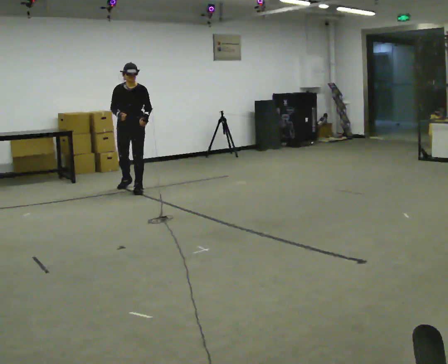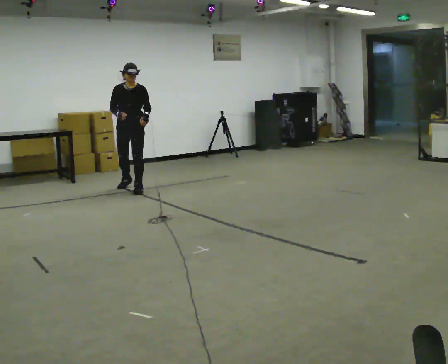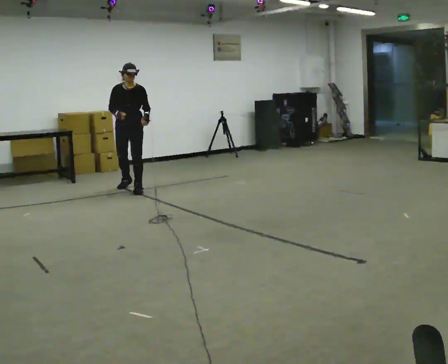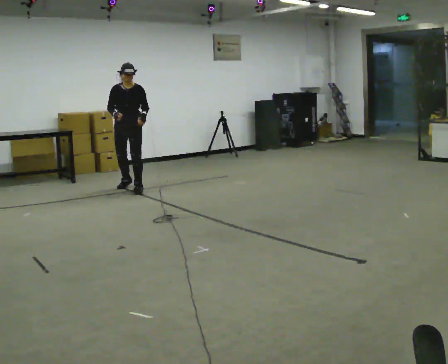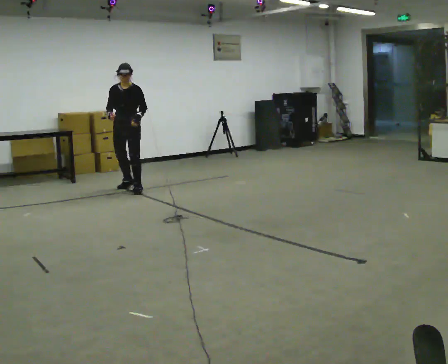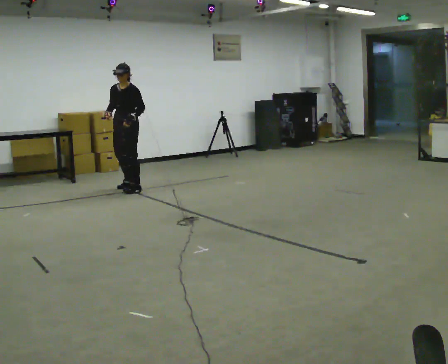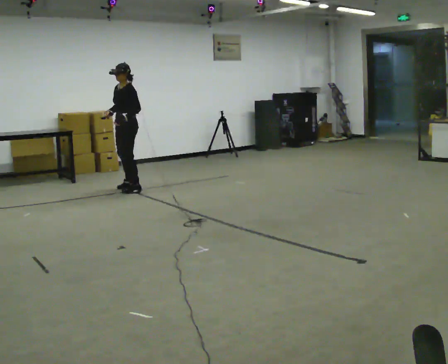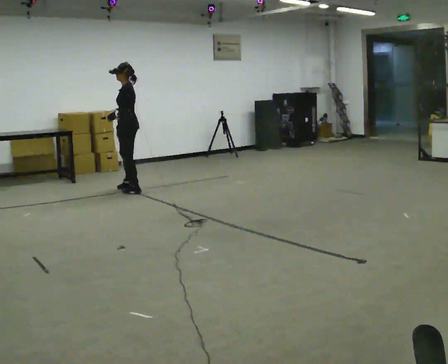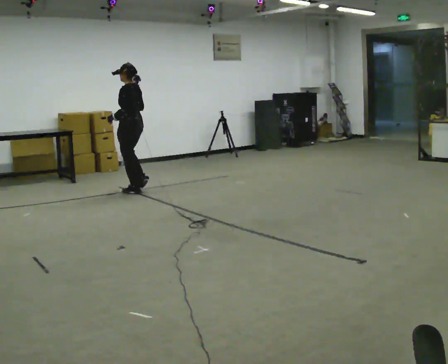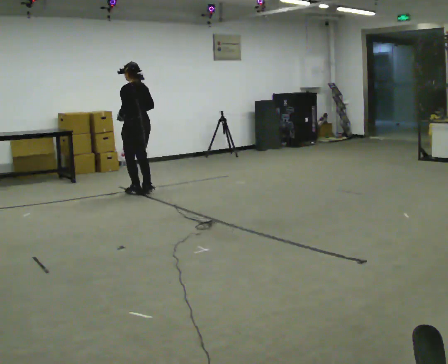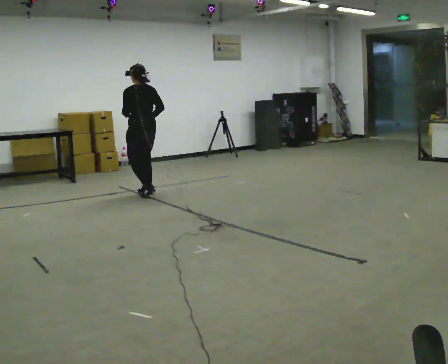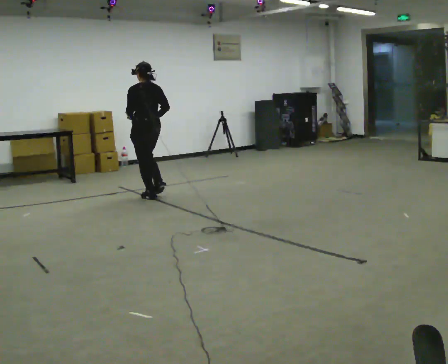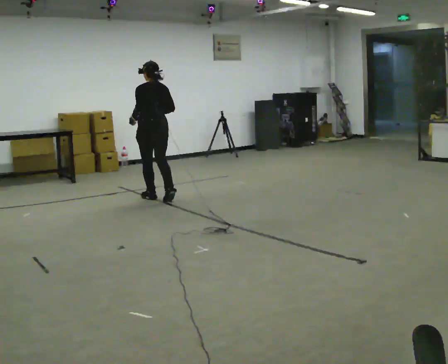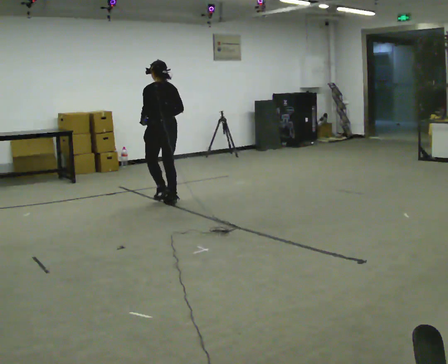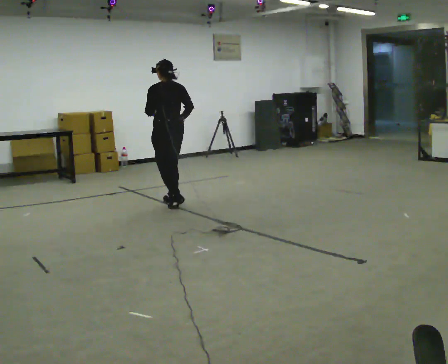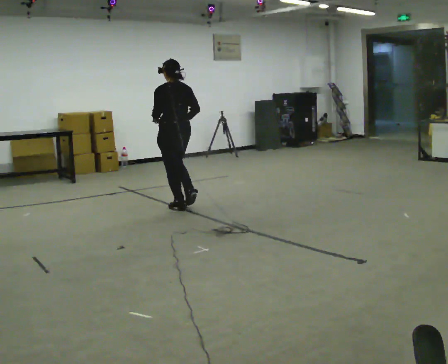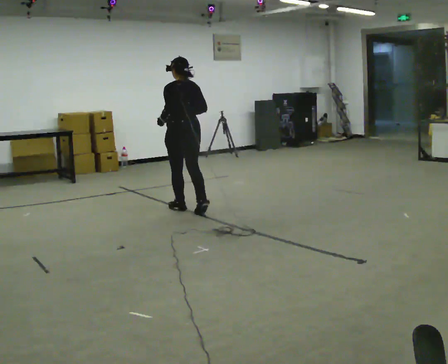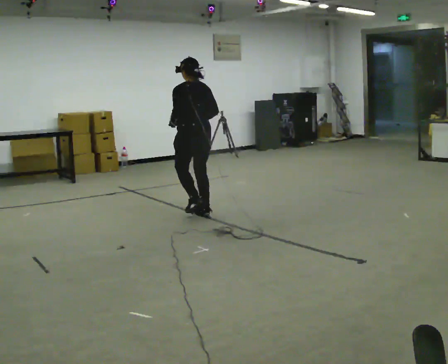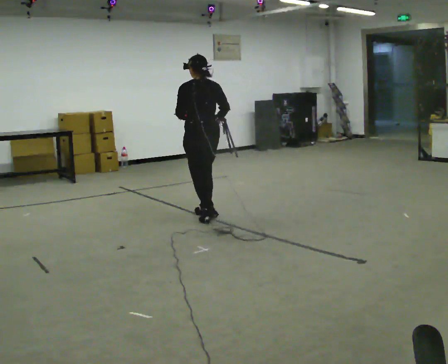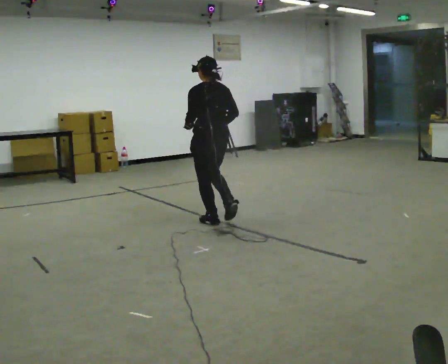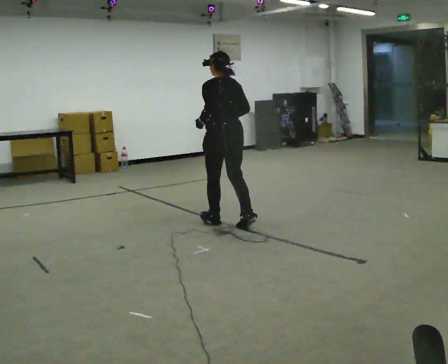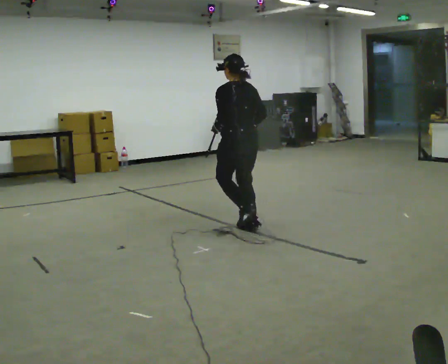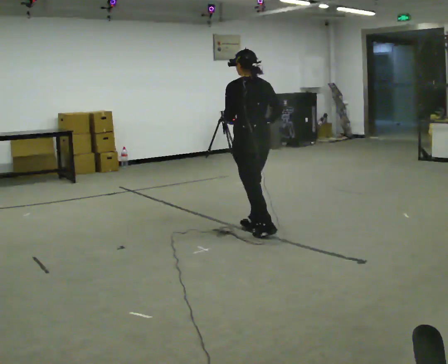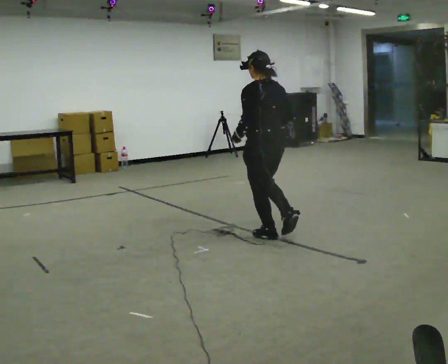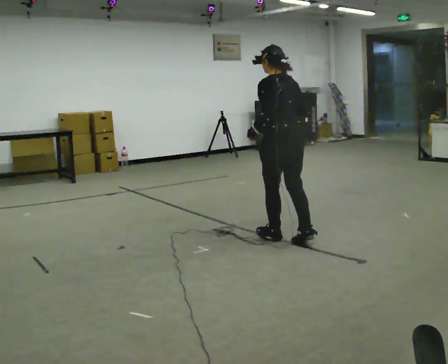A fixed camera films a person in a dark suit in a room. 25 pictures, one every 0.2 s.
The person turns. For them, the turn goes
to their right.
The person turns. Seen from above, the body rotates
clockwise.
0.0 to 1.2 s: The part of the body nearest the lens slides to the left as the person turns to their right by about 45 degrees.
1.2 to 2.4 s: The part of the body nearest the lens slides to the left as the person turns to their right by about 90 degrees. In the picture they go toward the camera and to the right, about 0.5 m in 3 steps.
2.4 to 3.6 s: In the picture they go toward the camera and to the right, about 1 m in 4 steps, which for them is backward.
3.6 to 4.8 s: In the picture they go toward the camera and to the right, about 1 m in 3 steps, which for them is backward.
The film runs backward here.
